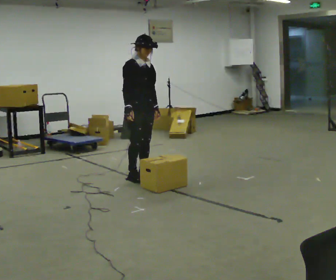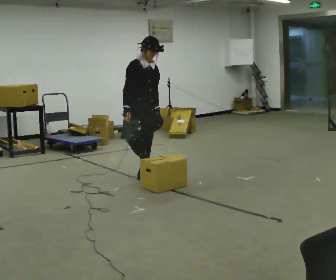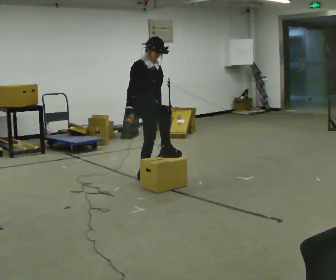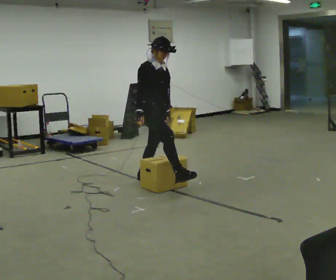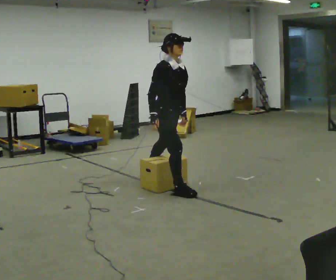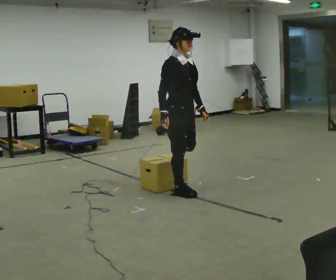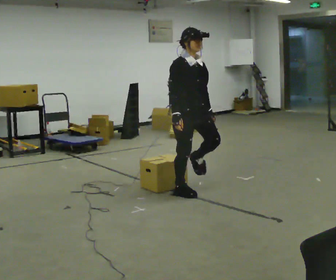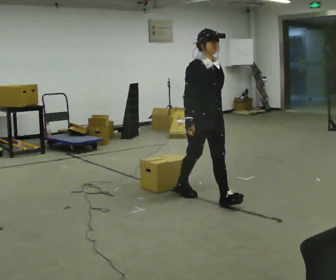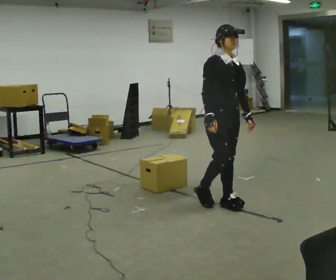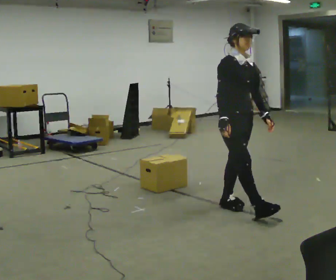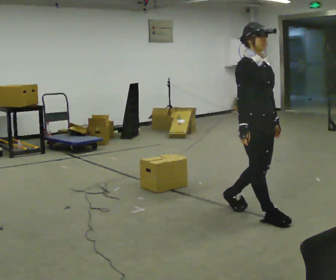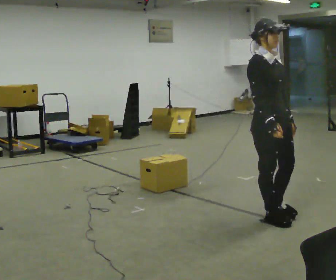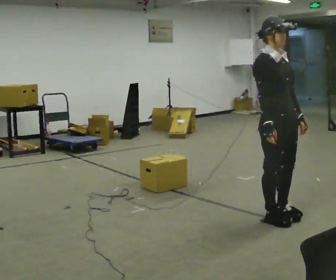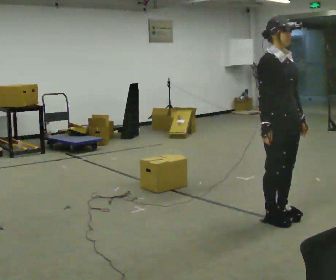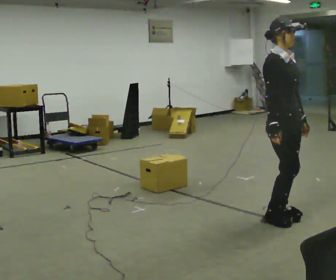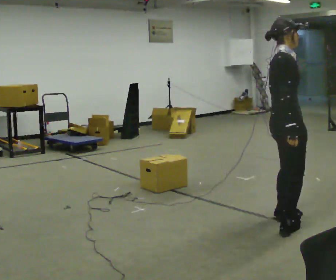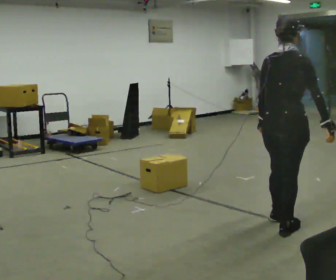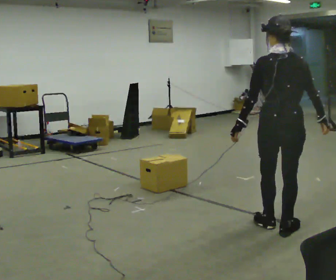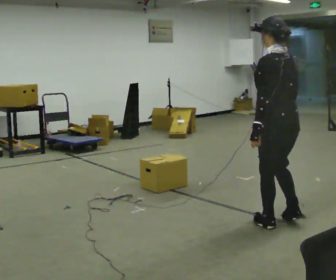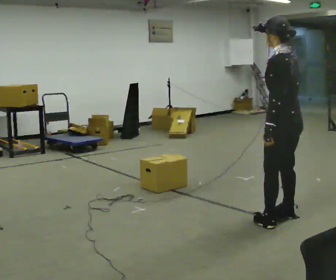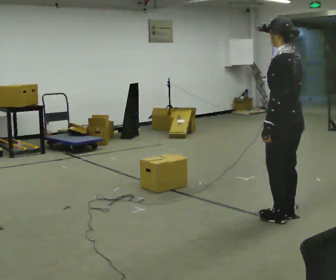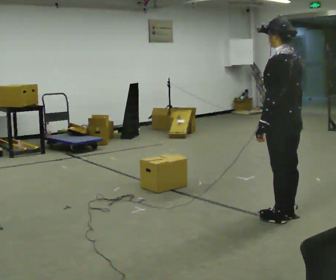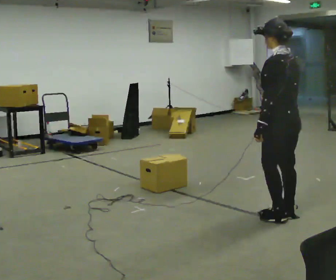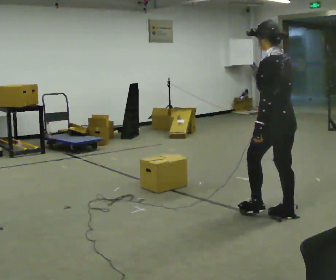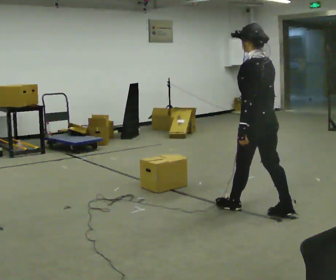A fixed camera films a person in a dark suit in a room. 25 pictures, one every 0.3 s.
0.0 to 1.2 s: In the picture they go to the right and toward the camera, about 0.5 m in 1 step, which for them is forward.
1.2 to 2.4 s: In the picture they go to the right and toward the camera, about 0.5 m in 1 step, which for them is forward.
2.4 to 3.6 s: In the picture they go to the right and toward the camera, about 0.5 m in 2 steps, which for them is forward.
3.6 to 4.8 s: The part of the body nearest the lens slides to the right as the person turns to their left by about 90 degrees. In the picture they go toward the camera, about 0.25 m in 1 step.
4.8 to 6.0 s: Seen from above the body turns counterclockwise, about 90 degrees: to their left, with its near side sliding to the right. In the picture they go away from the camera, about 0.25 m in 2 steps.
6.0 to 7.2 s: In the picture they go to the left and away from the camera, about 0.25 m in 1 step, which for them is forward.
The film runs forward here.
